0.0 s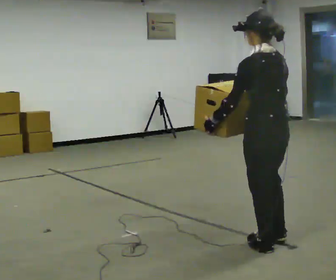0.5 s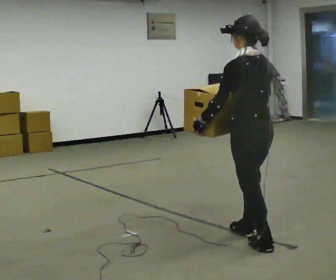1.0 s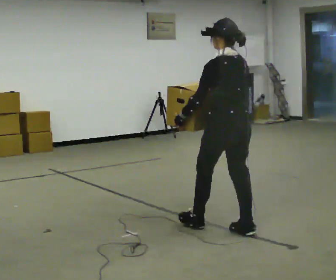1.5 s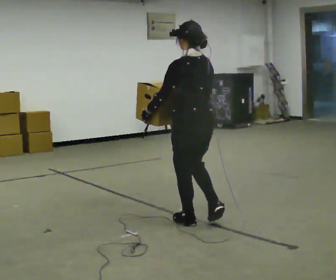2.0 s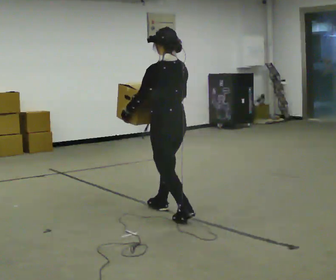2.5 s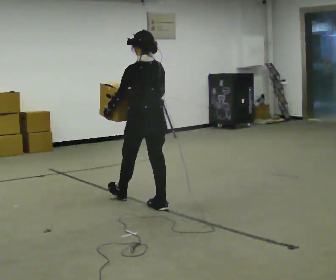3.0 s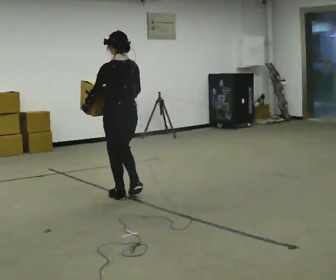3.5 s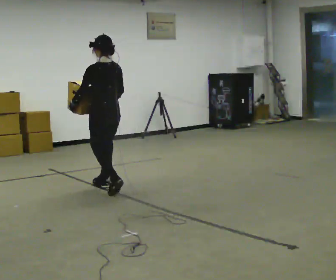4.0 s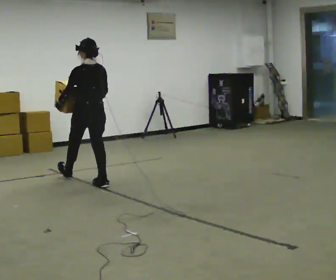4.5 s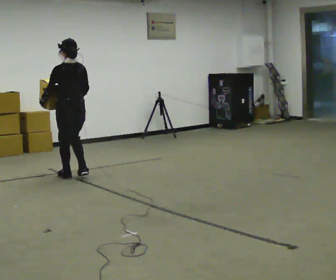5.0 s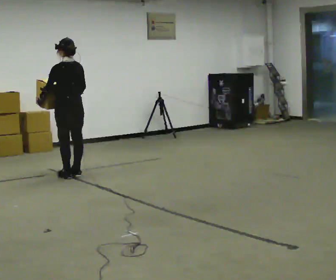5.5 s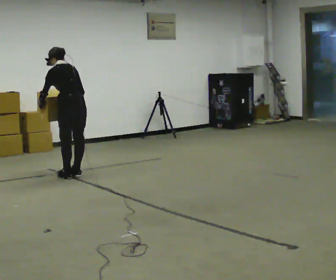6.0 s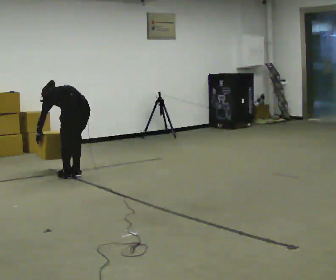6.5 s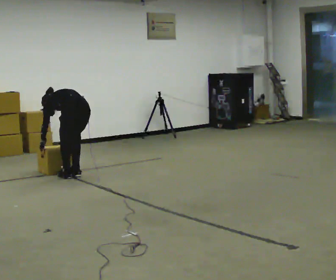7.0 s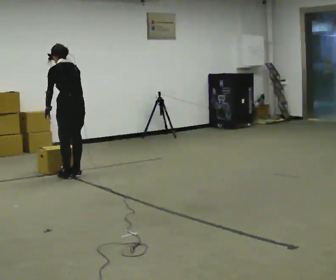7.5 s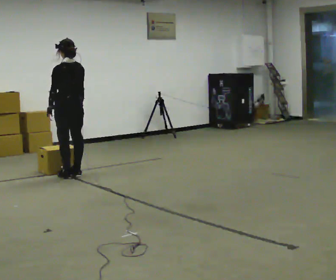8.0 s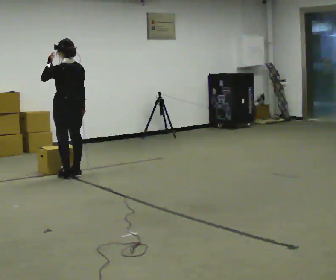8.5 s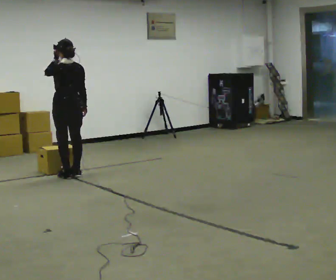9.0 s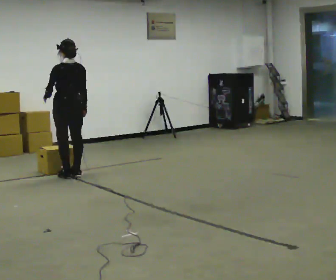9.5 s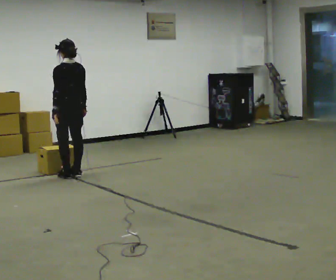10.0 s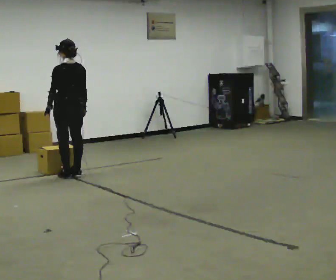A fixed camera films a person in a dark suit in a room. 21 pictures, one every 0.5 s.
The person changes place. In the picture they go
away from the camera.
0.0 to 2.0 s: In the picture they go away from the camera and to the left, about 1 m in 3 steps, which for them is forward.
2.0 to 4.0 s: In the picture they go away from the camera and to the left, about 1.5 m in 2 steps, which for them is forward.
4.0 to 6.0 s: In the picture they go away from the camera, about 0.25 m in 2 steps, which for them is forward. The shoulders move downward. The upper body tips away from the camera, its near side rolling upward, as they bend forward. In the picture their left hand goes downward.
6.0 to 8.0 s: The upper body goes upward. The upper body tips toward the camera, its near side rolling downward, as they lean back or straighten. In the picture their left hand goes upward.
8.0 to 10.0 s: In the picture their left hand goes downward.
The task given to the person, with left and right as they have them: Carry the box across the room, back and forth. The operator will swap between the box with handles and the one without.
The film runs forward here.
